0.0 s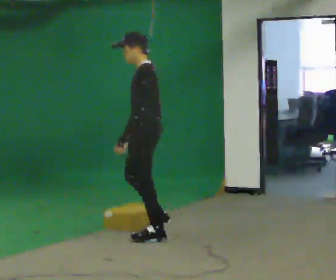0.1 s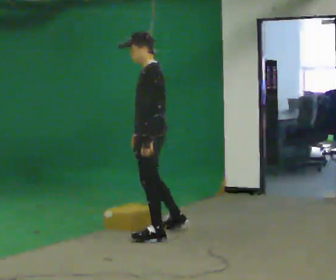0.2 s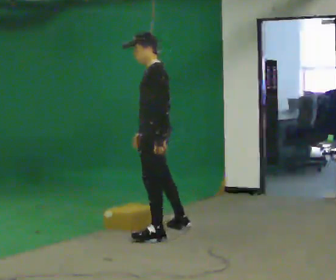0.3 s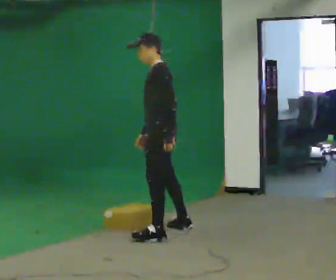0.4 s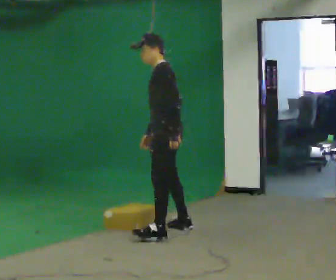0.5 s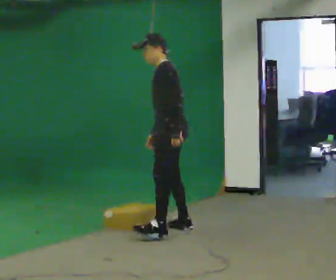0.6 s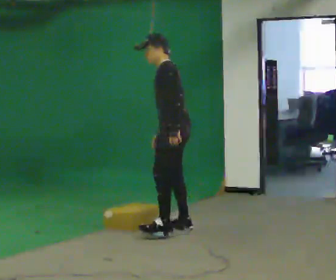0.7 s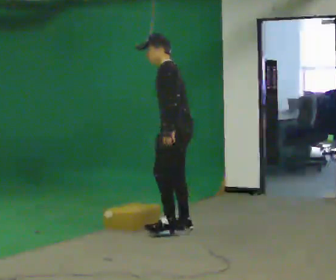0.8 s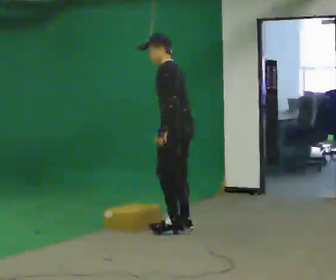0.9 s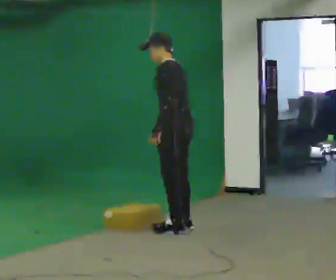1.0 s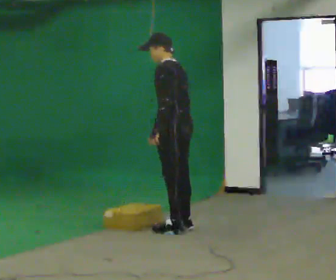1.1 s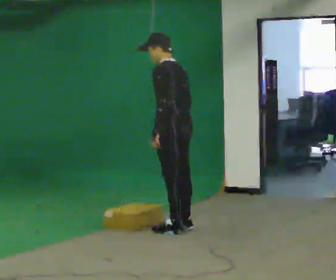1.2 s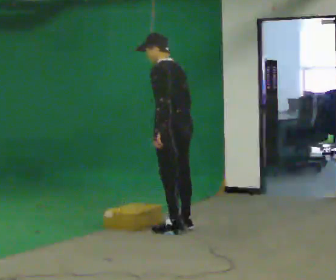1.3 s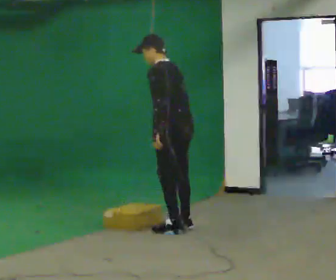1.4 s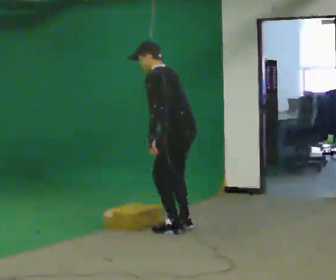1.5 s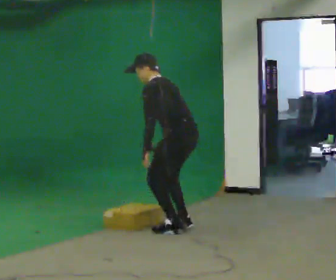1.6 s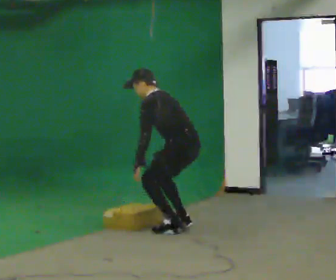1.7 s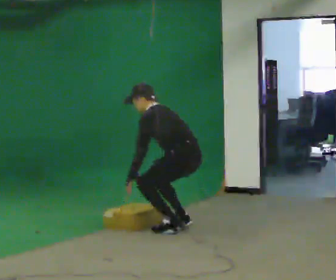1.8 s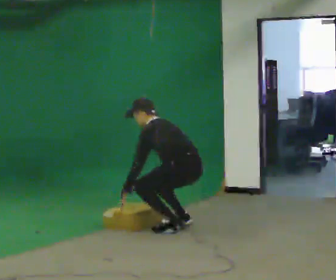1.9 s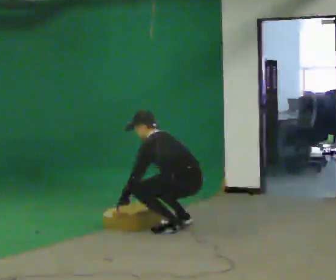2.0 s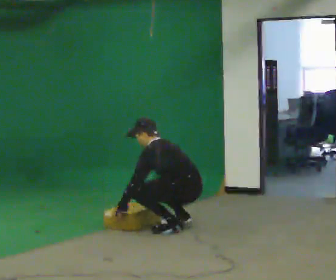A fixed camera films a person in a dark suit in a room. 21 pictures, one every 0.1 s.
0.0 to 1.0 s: In the picture they go away from the camera and to the right, about 0.25 m in 1 step, which for them is to their right and backward.
1.0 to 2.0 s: The upper body goes downward. In the picture the upper body tilts counterclockwise, shoulders to the left, as they bend forward. In the picture their left hand goes downward and to the left.
The film runs backward here.
